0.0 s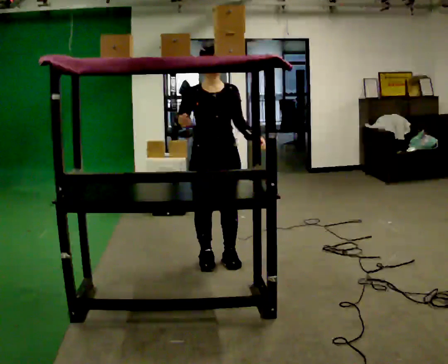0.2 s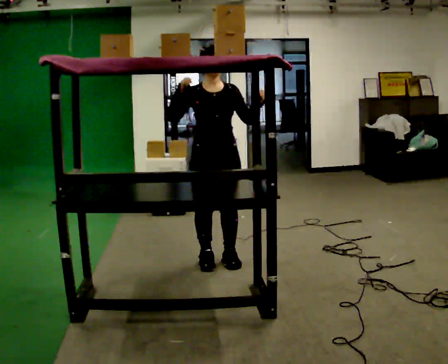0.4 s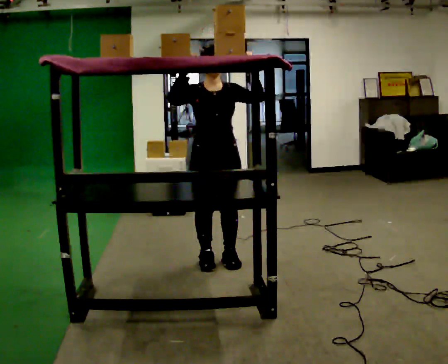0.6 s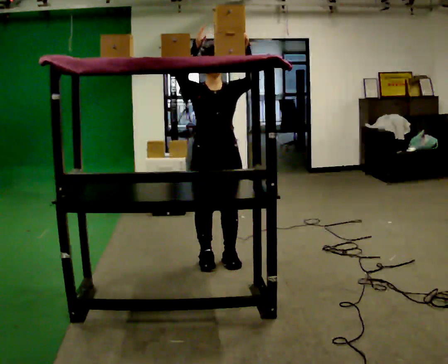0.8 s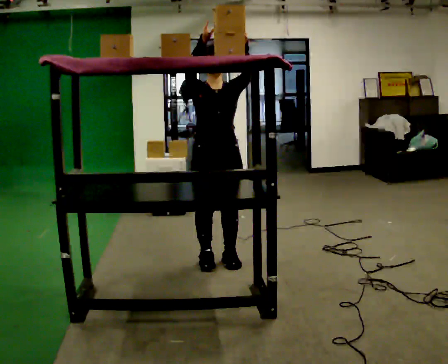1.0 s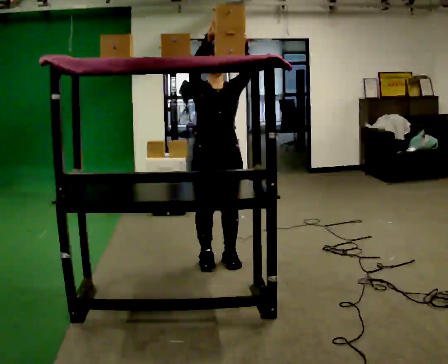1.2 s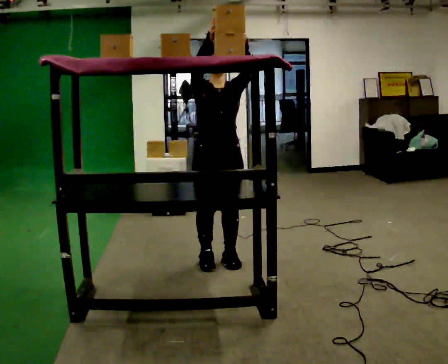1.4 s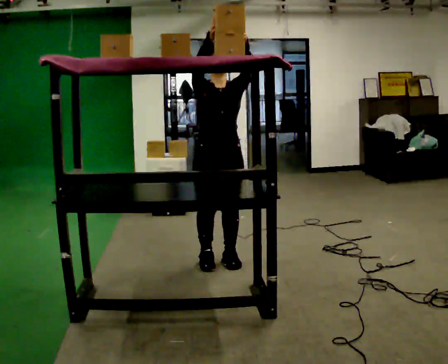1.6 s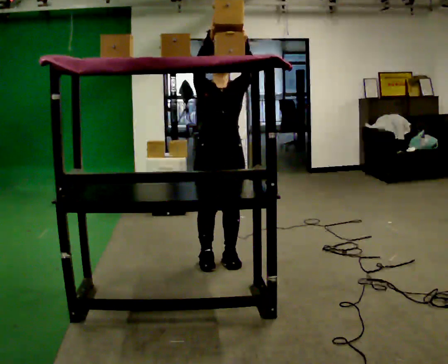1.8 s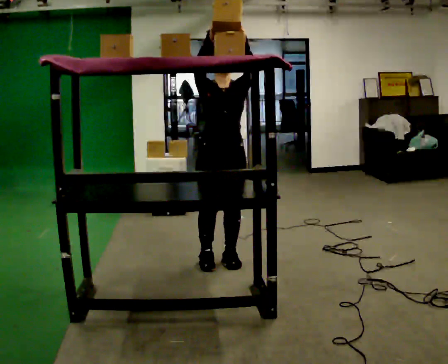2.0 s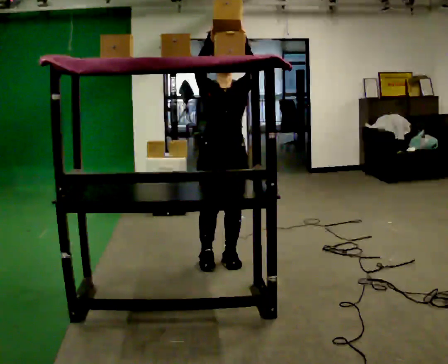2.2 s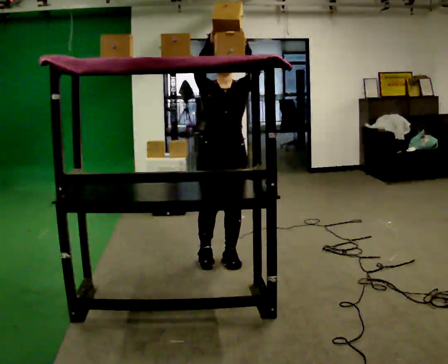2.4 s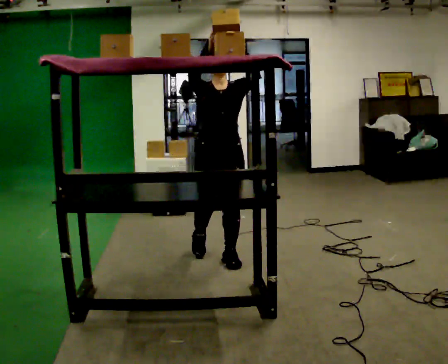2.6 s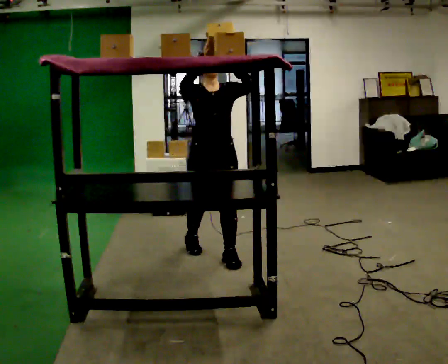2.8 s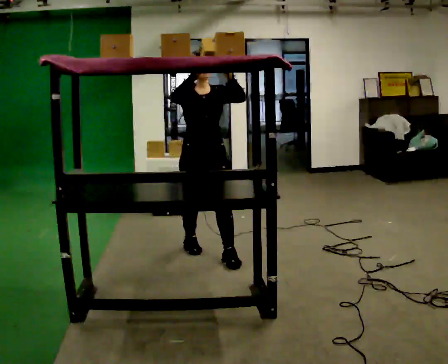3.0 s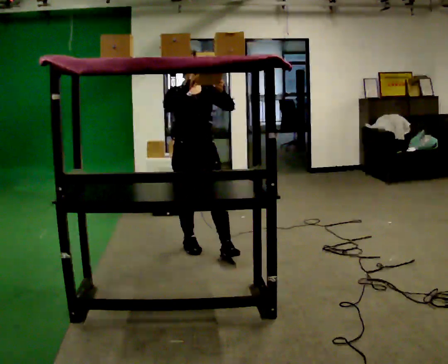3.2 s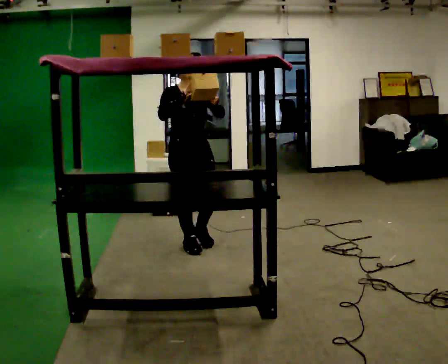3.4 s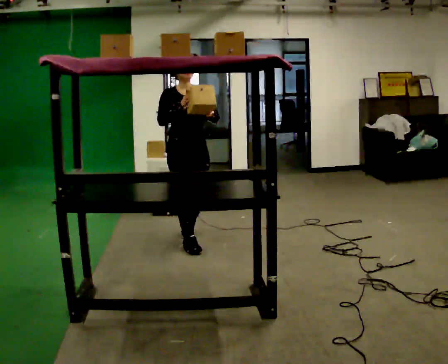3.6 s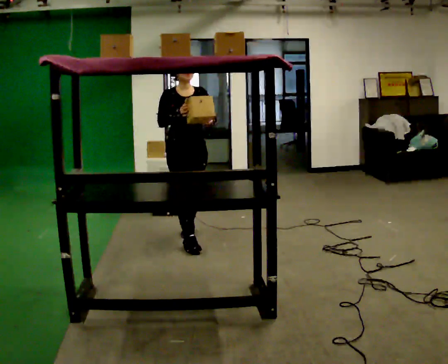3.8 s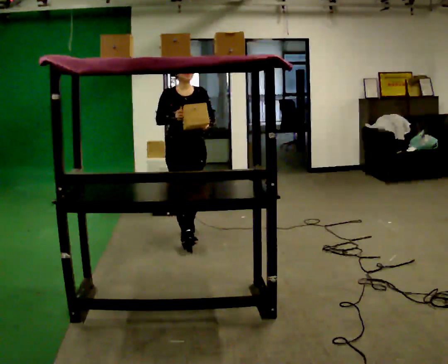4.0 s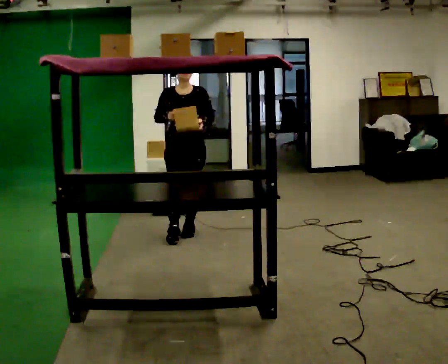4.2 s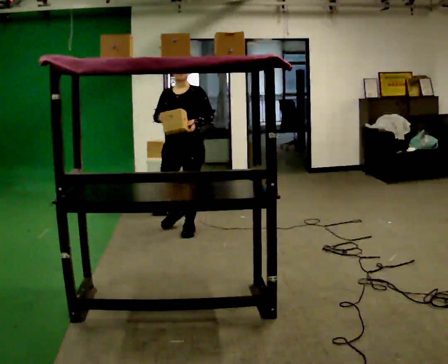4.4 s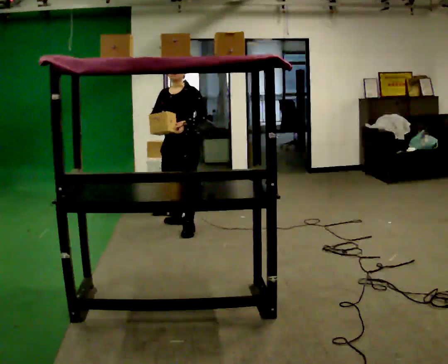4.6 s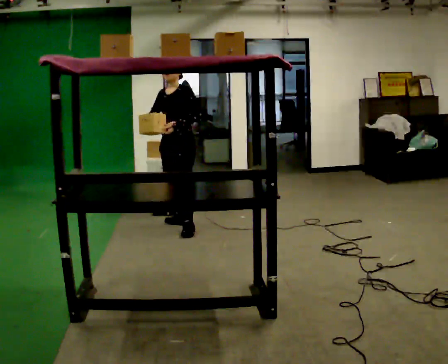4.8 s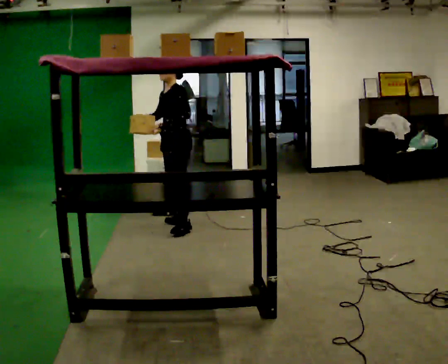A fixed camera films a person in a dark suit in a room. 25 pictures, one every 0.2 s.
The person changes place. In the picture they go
away from the camera.
0.0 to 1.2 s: In the picture their left hand goes upward.
1.2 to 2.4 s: The person moves a little, or ends about where they began.
2.4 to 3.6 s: In the picture they go away from the camera and to the left, about 0.5 m in 1 step, which for them is backward. In the picture their left hand goes downward.
3.6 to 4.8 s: The person turns about 90 degrees to their right, clockwise seen from above, so the part of the body nearest the lens slides to the left. In the picture they go away from the camera, about 0.5 m in 2 steps.
The film runs backward here.
